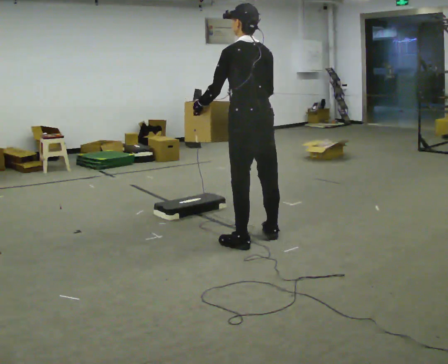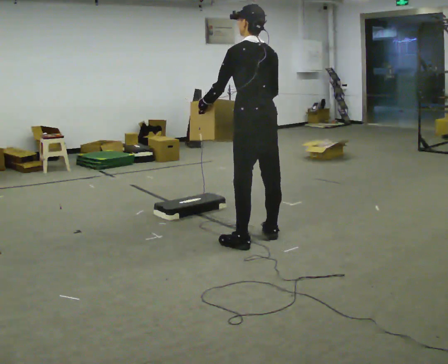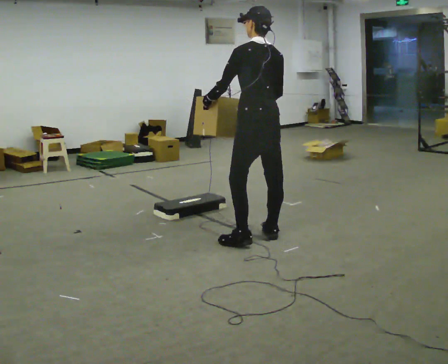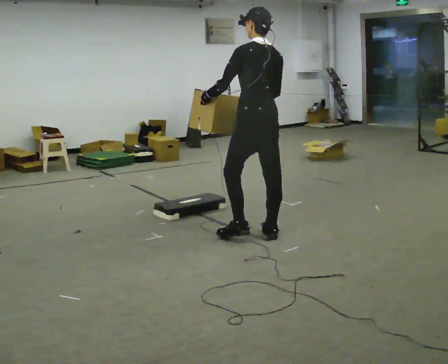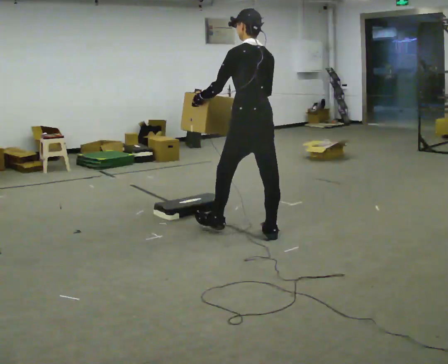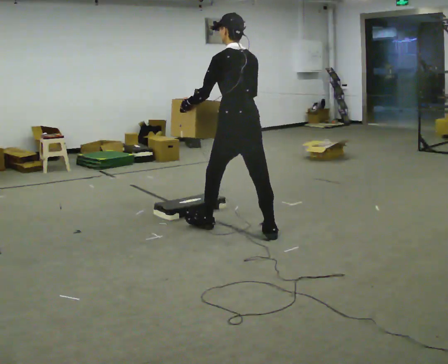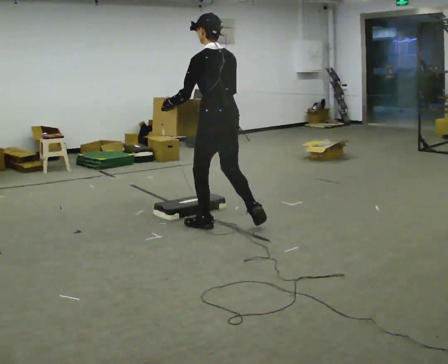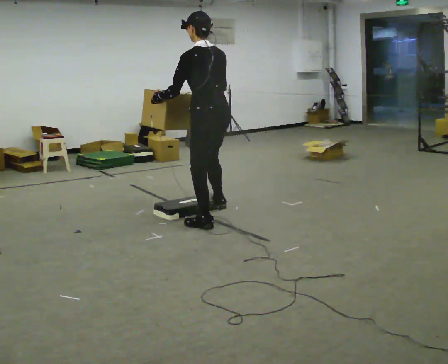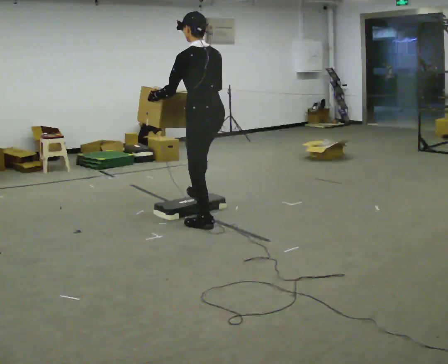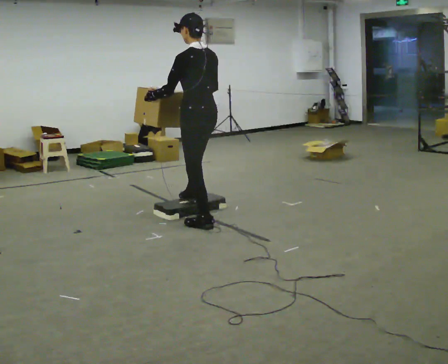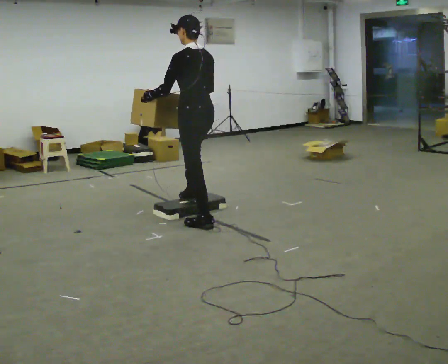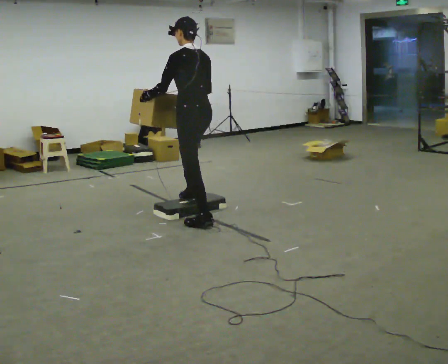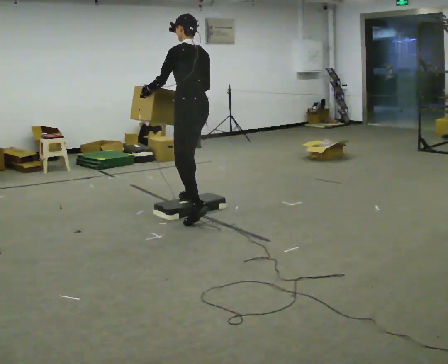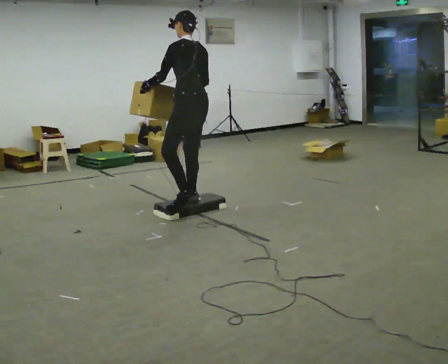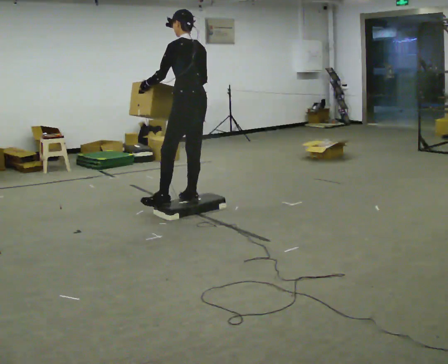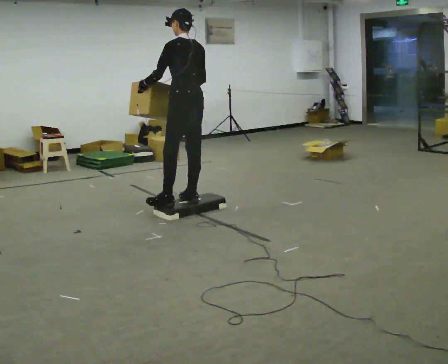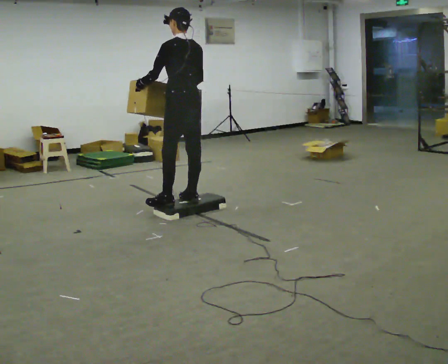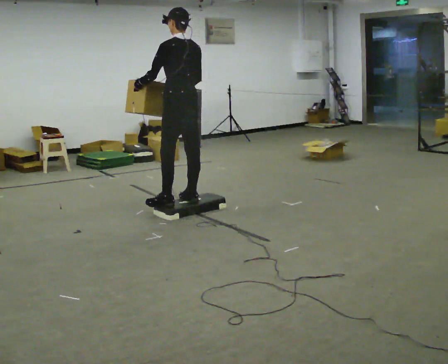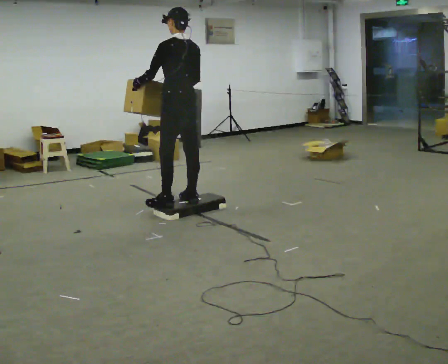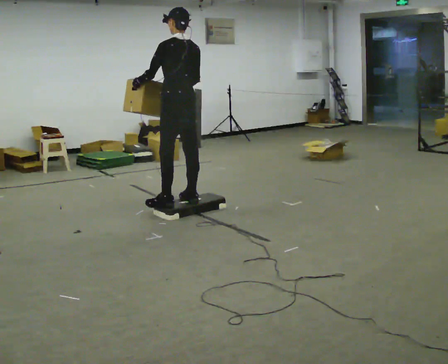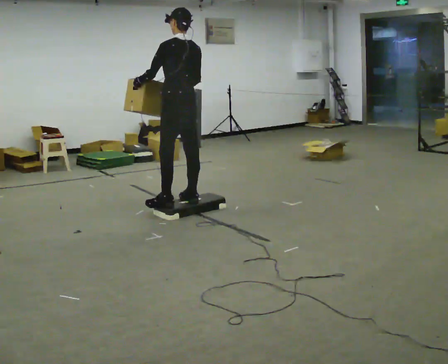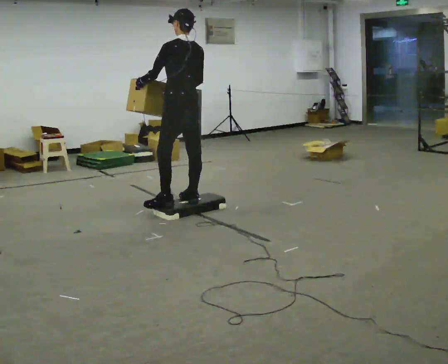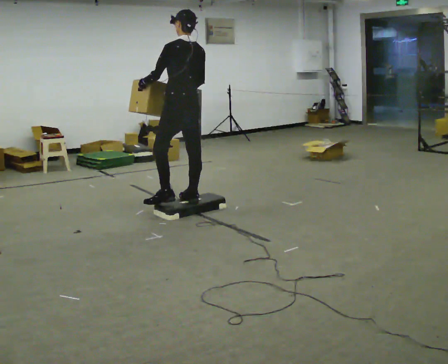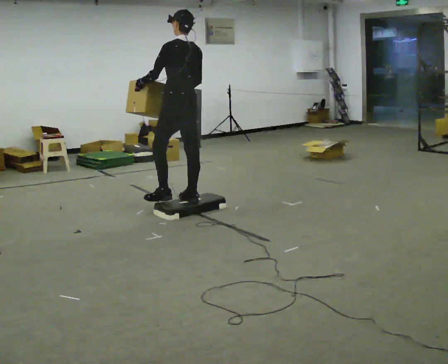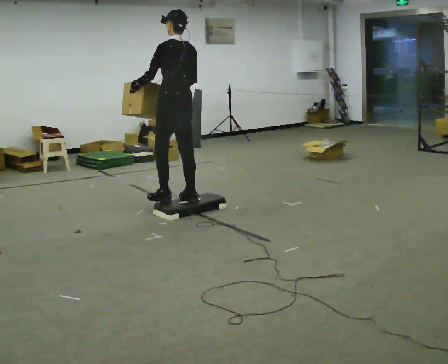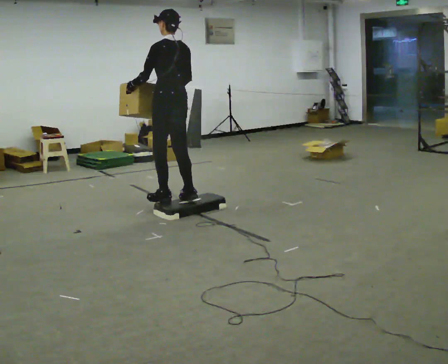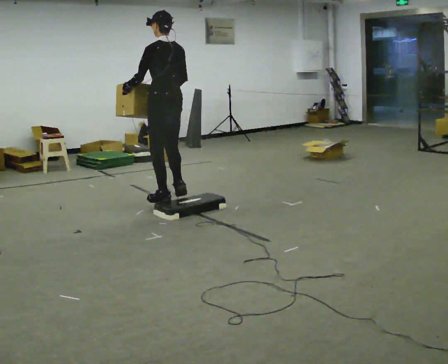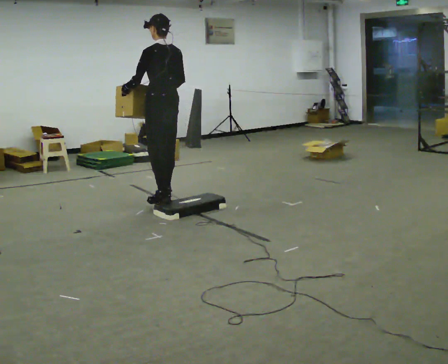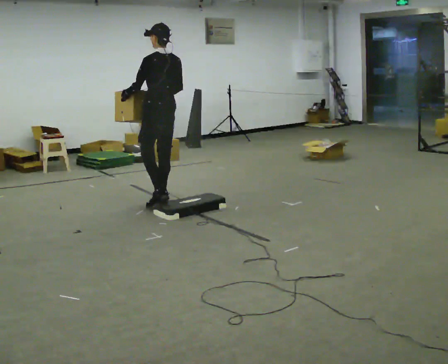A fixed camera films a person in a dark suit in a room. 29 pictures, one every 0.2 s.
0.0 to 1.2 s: In the picture they go away from the camera and to the left, about 0.5 m in 1 step, which for them is forward.
1.2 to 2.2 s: In the picture they go away from the camera and to the left, about 0.25 m in 1 step, which for them is forward.
2.2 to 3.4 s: In the picture they go away from the camera, about 0.25 m in 1 step, which for them is forward.
3.4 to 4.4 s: The person moves a little, or ends about where they began.
4.4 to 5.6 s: In the picture they go away from the camera and to the left, about 0.5 m in 2 steps, which for them is forward.
The film runs forward here.
